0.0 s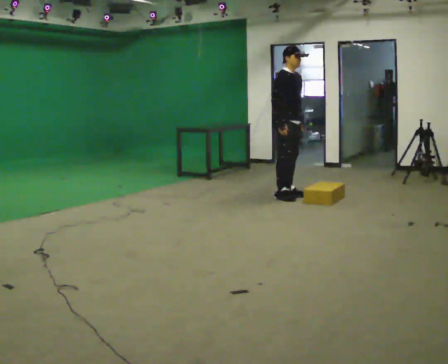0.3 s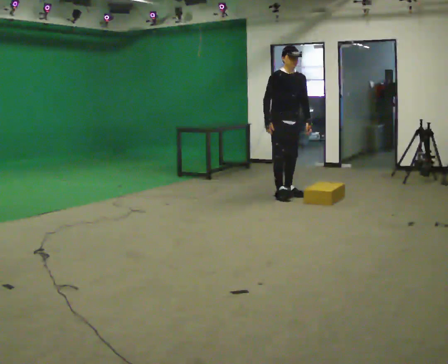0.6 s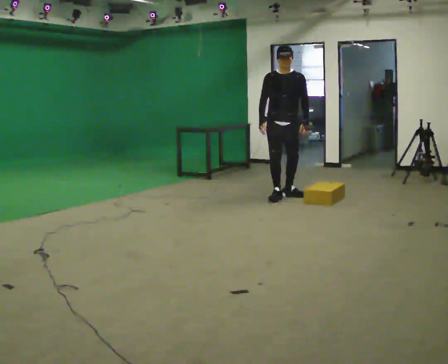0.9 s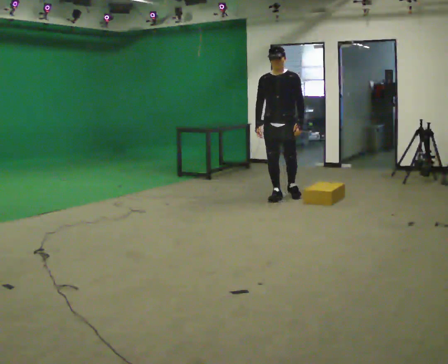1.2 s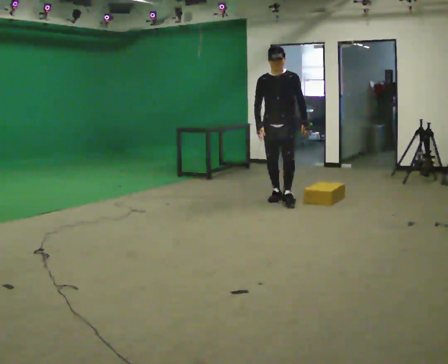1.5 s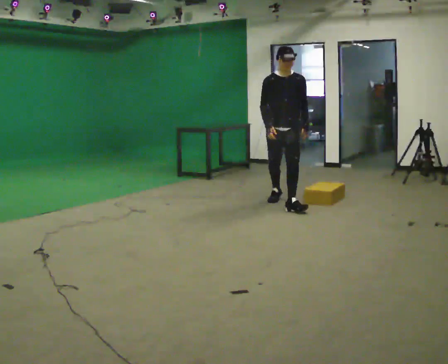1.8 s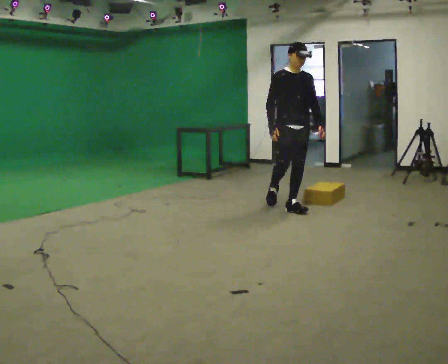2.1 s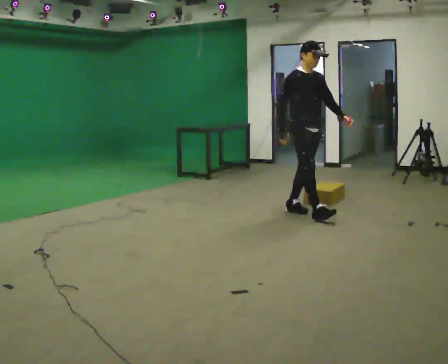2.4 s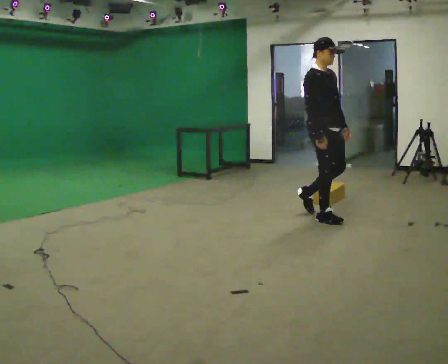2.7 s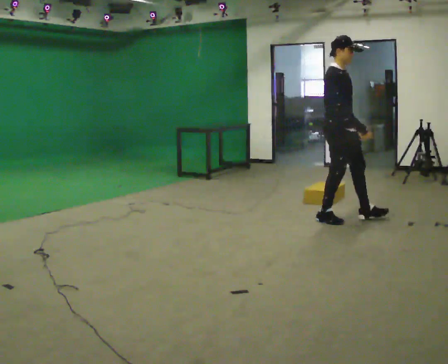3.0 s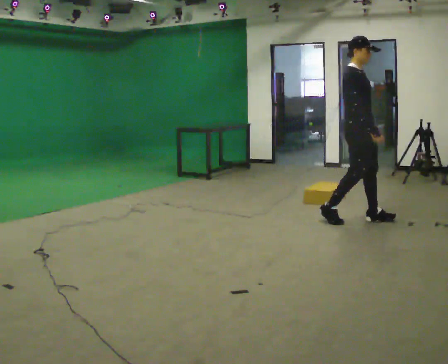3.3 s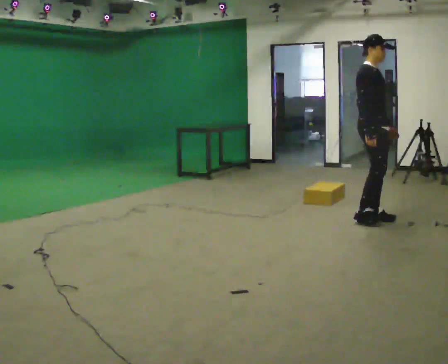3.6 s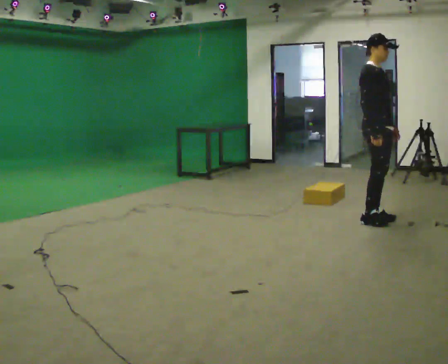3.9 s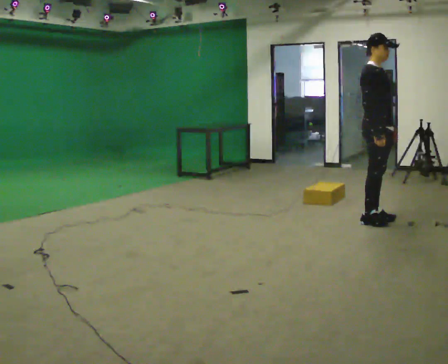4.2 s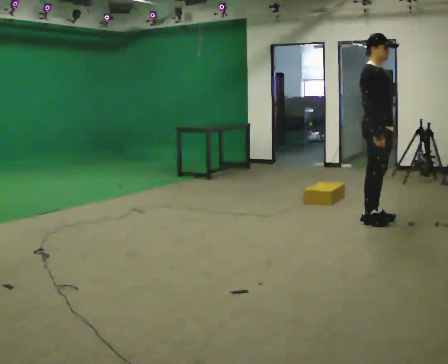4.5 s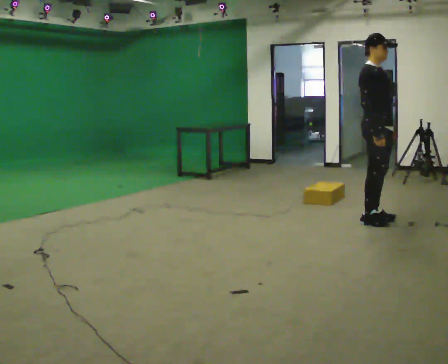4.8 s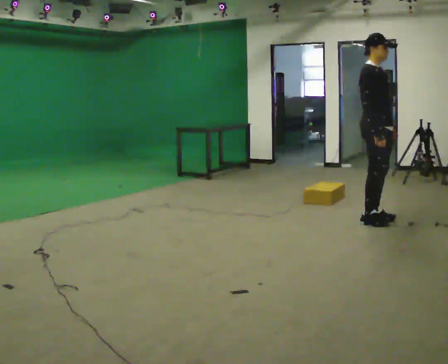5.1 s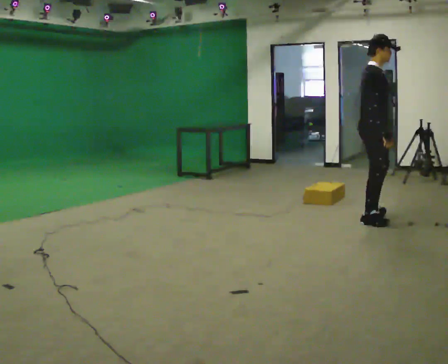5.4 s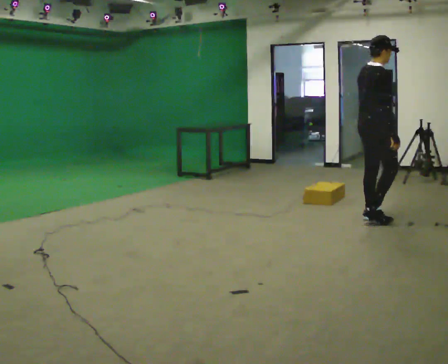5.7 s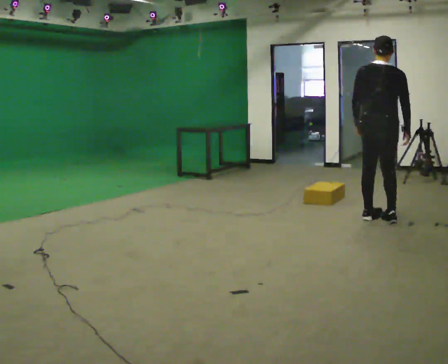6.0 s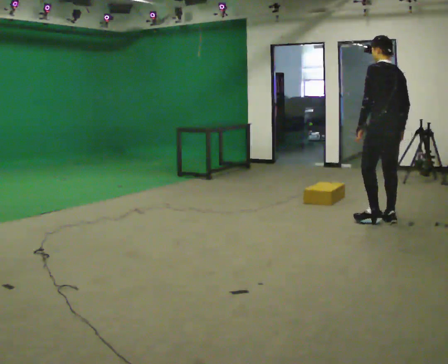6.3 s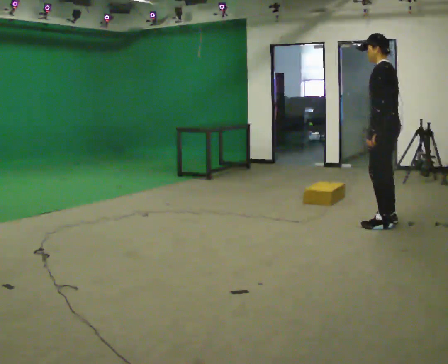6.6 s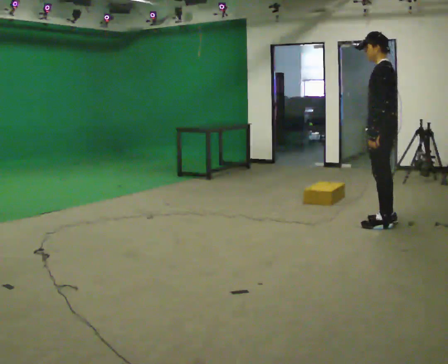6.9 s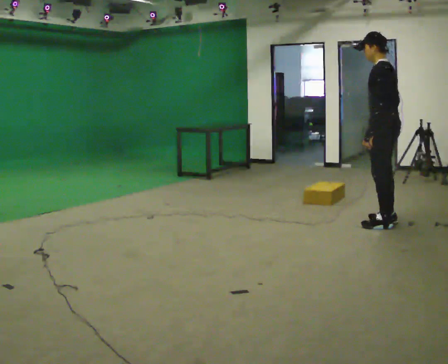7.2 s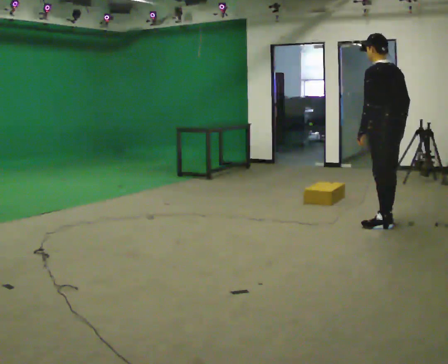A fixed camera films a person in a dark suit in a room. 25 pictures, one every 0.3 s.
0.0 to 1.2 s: The part of the body nearest the lens slides to the left as the person turns to their right by about 60 degrees. In the picture they go toward the camera, about 0.25 m.
1.2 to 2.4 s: Seen from above the body turns counterclockwise, about 60 degrees: to their left, with its near side sliding to the right. In the picture they go toward the camera and to the right, about 1 m in 2 steps.
2.4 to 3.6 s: In the picture they go to the right, about 0.5 m in 2 steps, which for them is forward.
3.6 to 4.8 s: The person moves a little, or ends about where they began.
4.8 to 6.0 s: The part of the body nearest the lens slides to the right as the person turns to their left by about 150 degrees. In the picture they go to the right, about 0.25 m in 1 step.
6.0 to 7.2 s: The person moves a little, or ends about where they began.
The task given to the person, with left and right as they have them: Walk quickly but do not run; remain comfortable and controlled; stop.
The film runs forward here.
